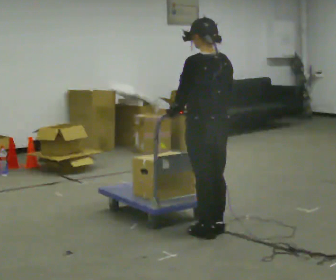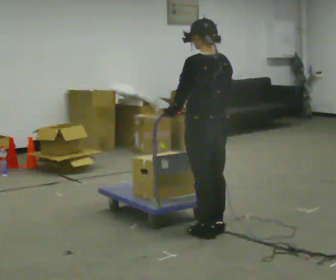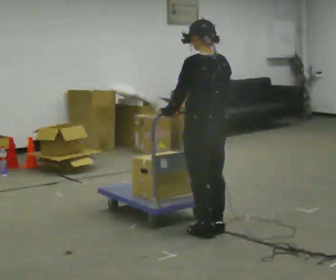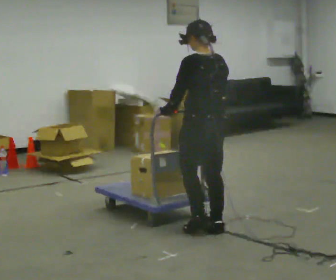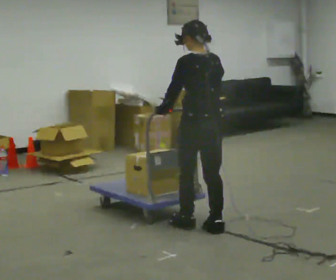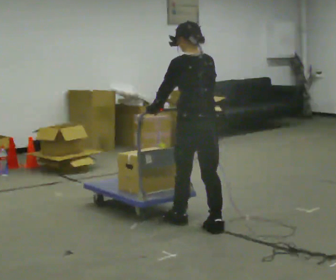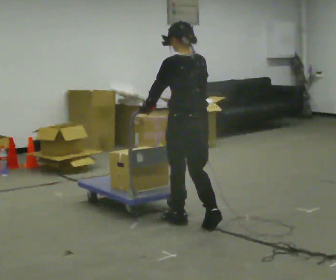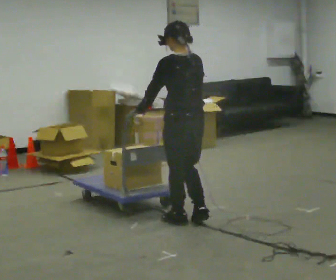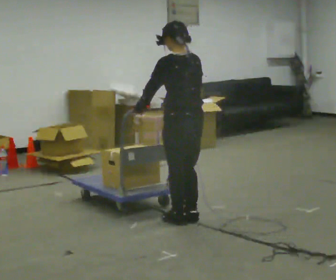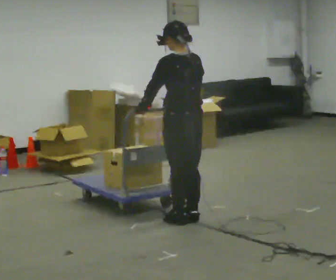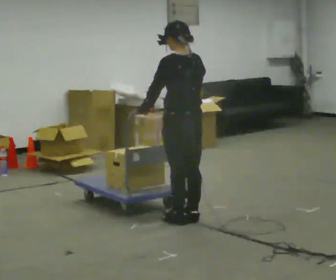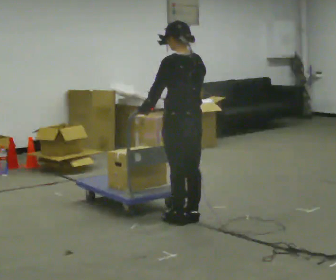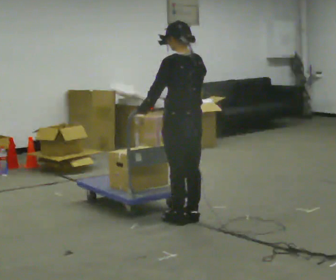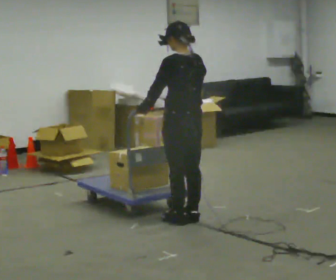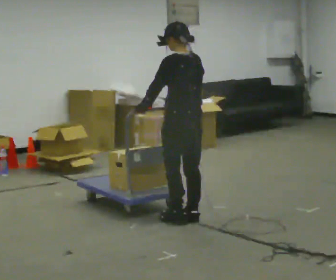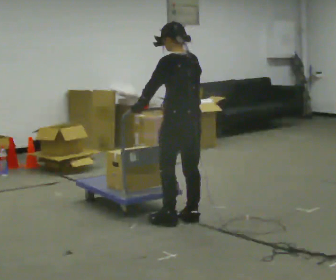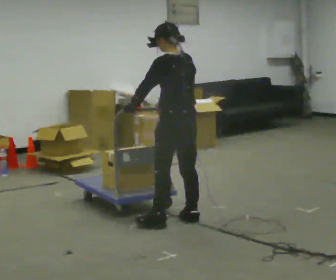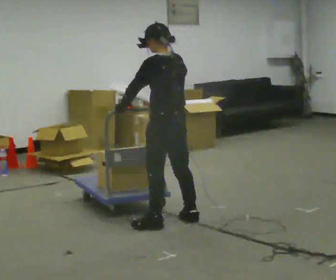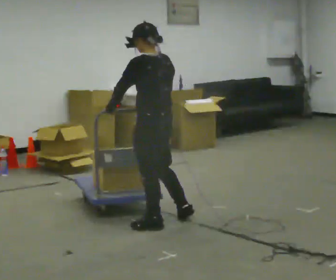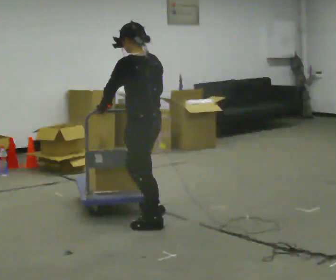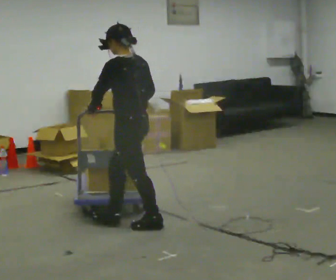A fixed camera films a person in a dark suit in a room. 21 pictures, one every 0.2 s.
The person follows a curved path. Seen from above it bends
counterclockwise.
0.0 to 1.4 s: In the picture they go away from the camera and to the left, about 0.25 m in 1 step, which for them is forward.
1.4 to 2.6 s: The person moves a little, or ends about where they began.
2.6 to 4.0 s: Seen from above the body turns counterclockwise, about 30 degrees: to their left, with its near side sliding to the right. In the picture they go to the left and toward the camera, about 0.5 m in 1 step, which for them is to their left and forward.
The film runs forward here.
